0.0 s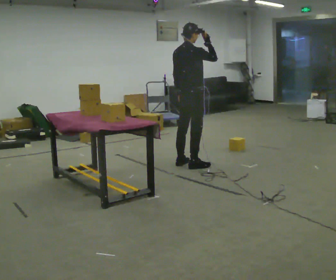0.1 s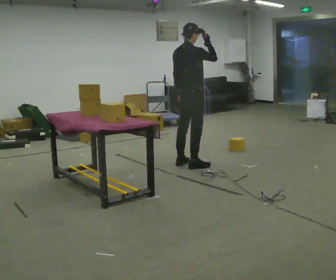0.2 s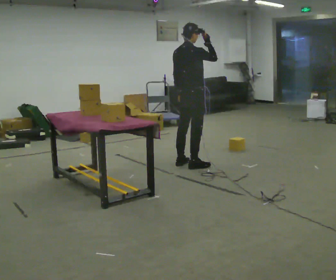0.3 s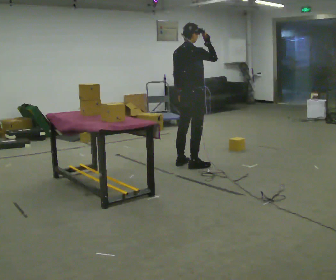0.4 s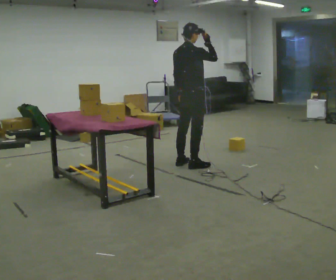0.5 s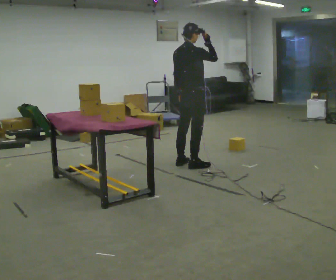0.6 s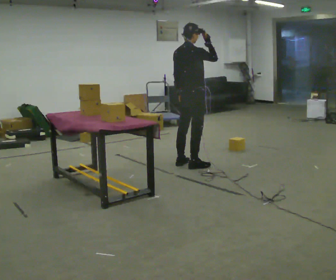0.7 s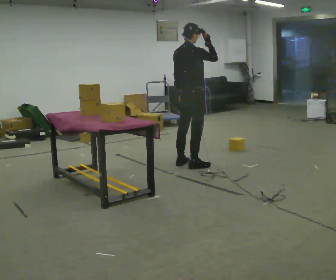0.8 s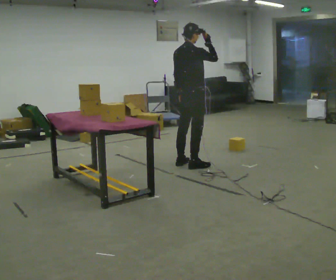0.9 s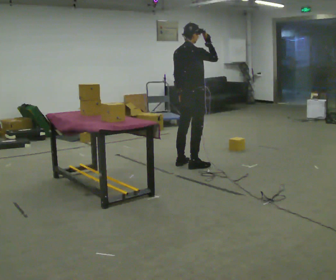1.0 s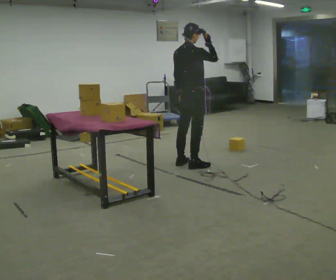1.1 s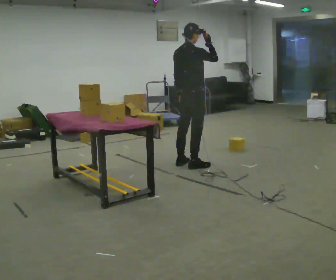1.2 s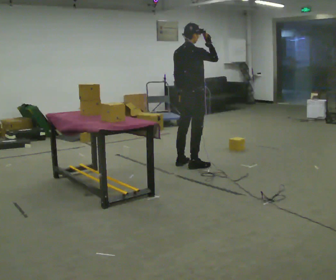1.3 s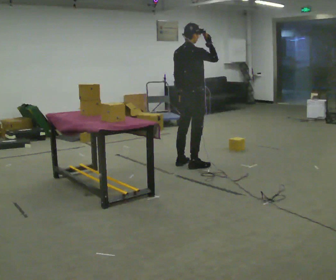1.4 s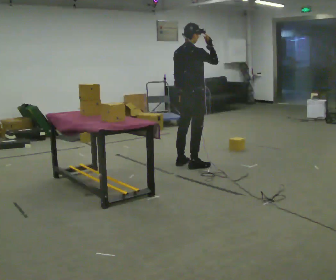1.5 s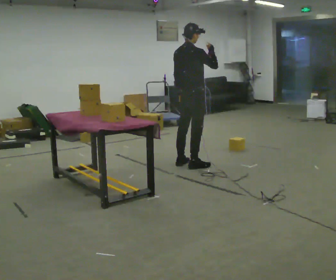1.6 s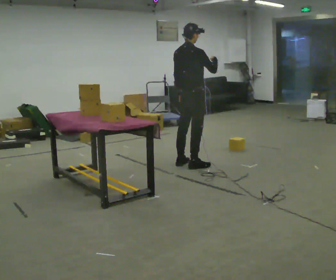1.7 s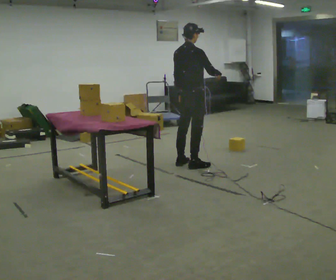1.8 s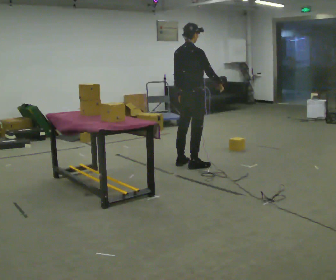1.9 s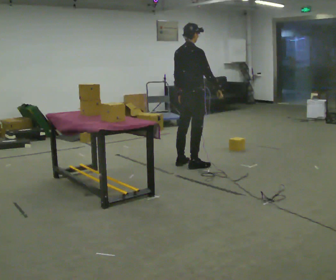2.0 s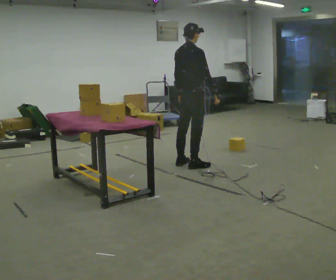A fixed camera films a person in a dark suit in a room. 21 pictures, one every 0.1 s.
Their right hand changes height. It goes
downward.
0.0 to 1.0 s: The person keeps their place and pose.
1.0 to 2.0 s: In the picture their right hand goes downward.
The film runs forward here.
